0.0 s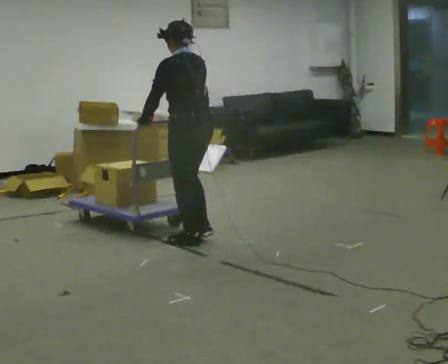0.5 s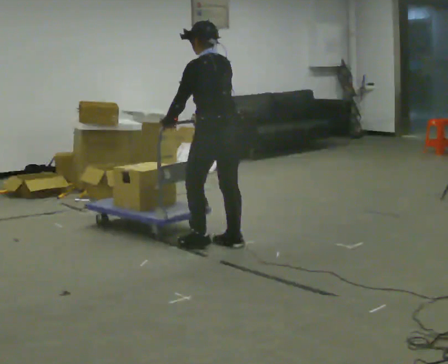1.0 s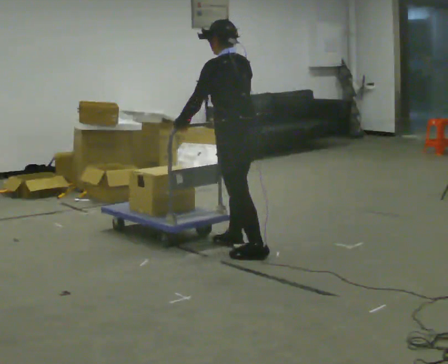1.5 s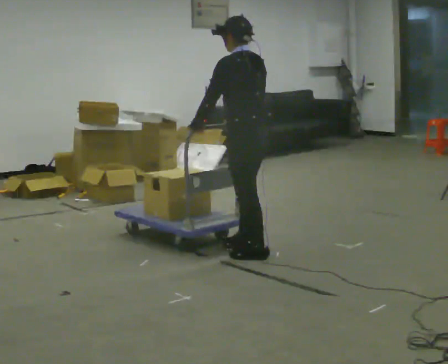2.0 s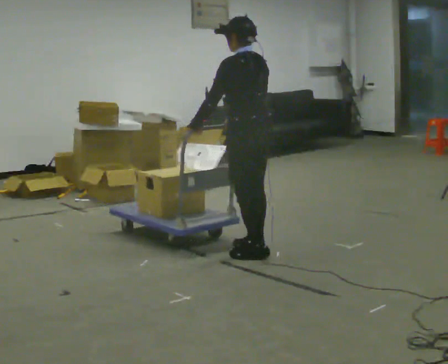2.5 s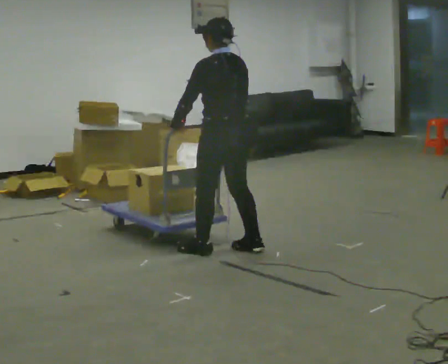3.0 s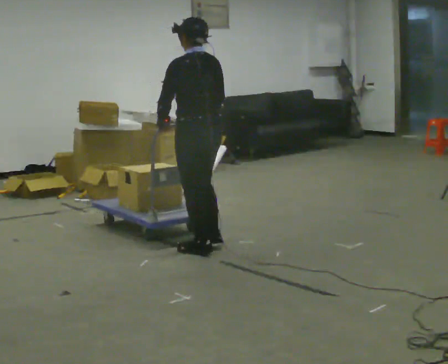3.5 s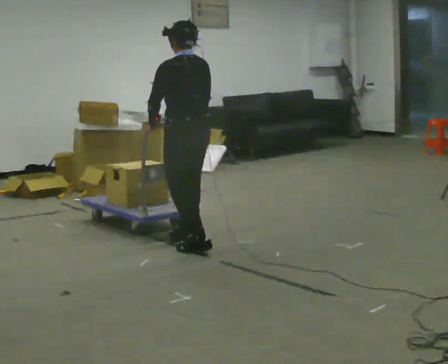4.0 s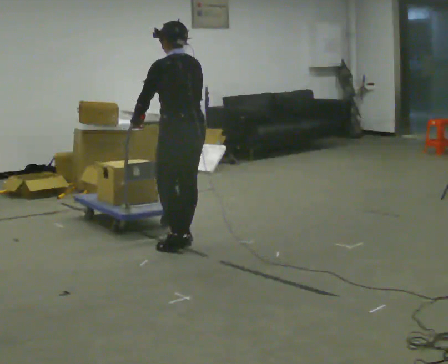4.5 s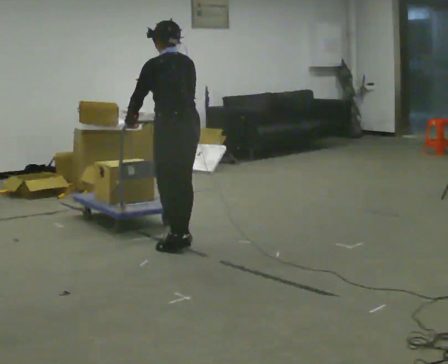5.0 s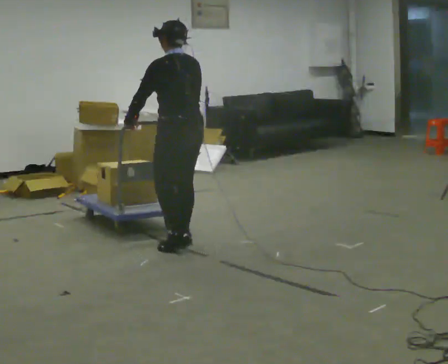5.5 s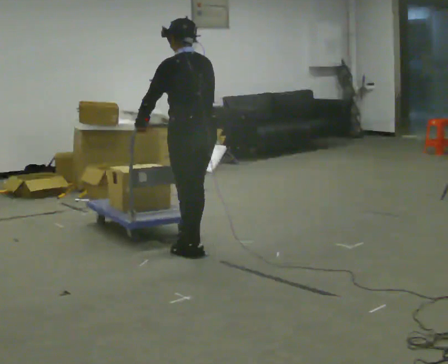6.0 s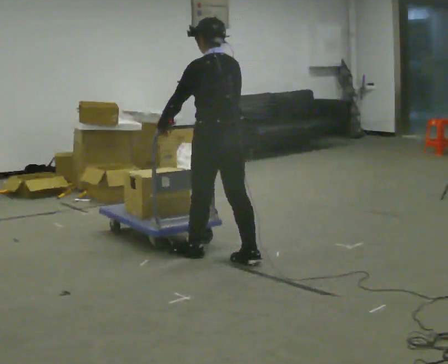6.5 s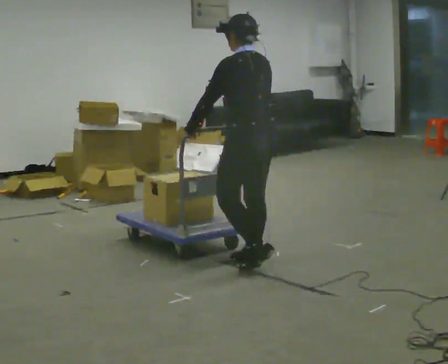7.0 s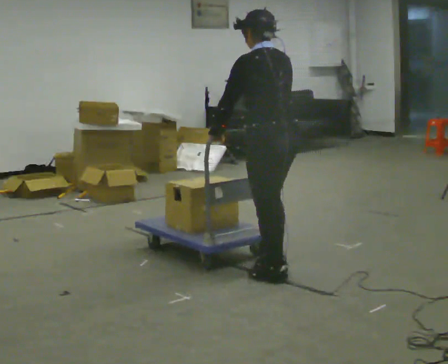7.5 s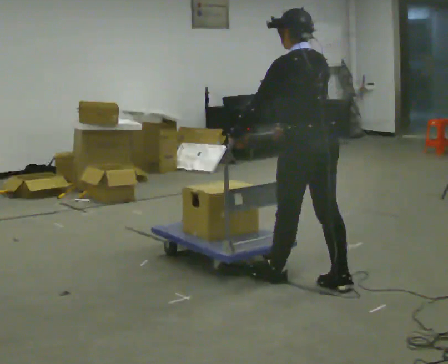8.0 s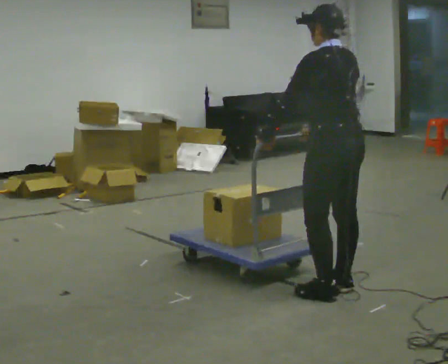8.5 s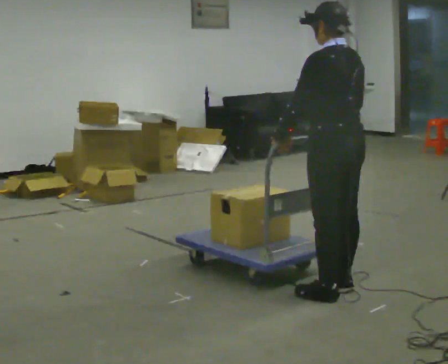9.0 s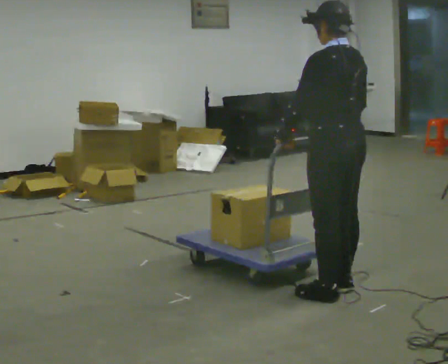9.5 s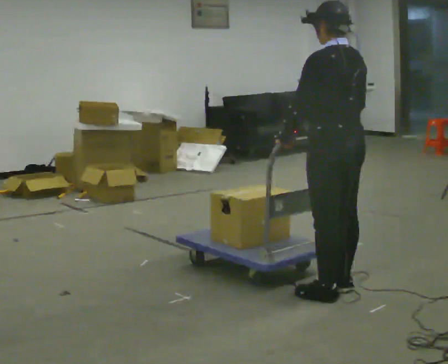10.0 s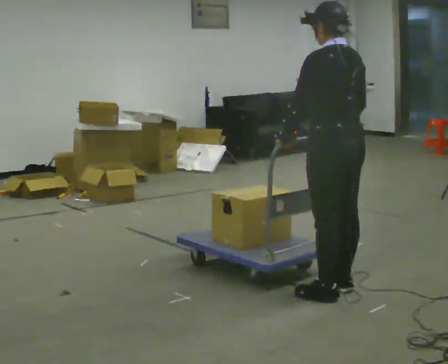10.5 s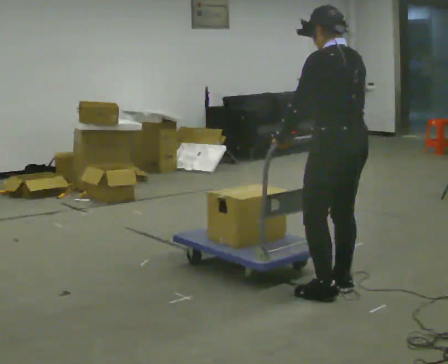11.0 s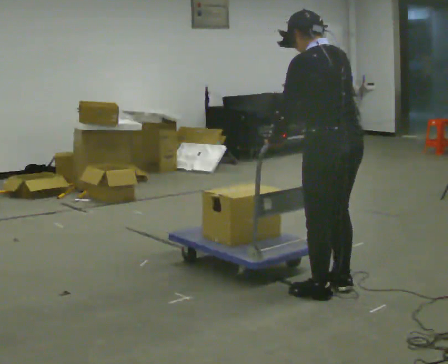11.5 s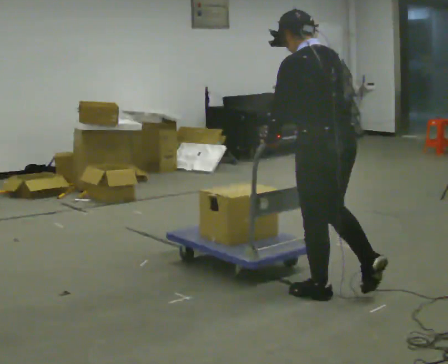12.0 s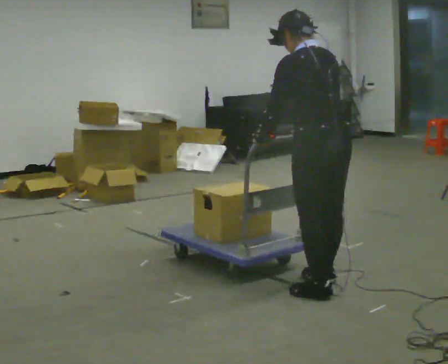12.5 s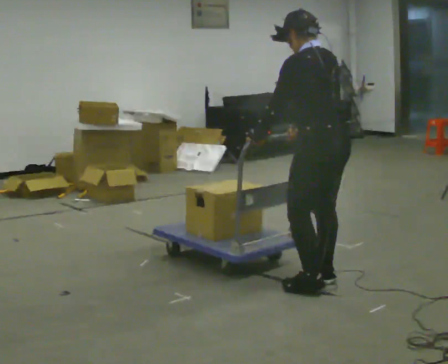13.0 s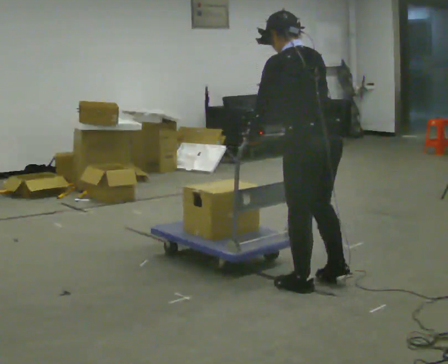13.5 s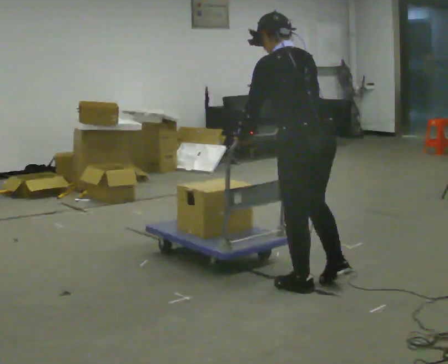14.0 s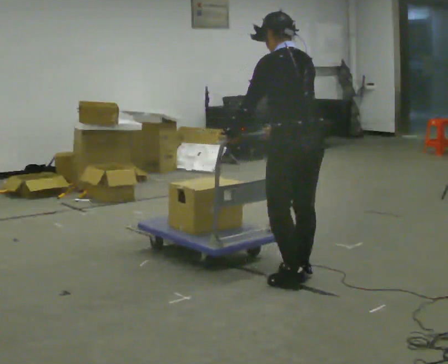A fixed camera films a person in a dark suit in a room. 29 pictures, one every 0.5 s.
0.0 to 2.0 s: In the picture they go to the right and toward the camera, about 0.5 m in 2 steps, which for them is backward.
2.0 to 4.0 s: In the picture they go to the left, about 0.5 m in 2 steps, which for them is forward.
4.0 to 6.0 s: In the picture they go toward the camera and to the right, about 0.5 m in 2 steps, which for them is backward.
6.0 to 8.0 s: In the picture they go to the right and toward the camera, about 1 m in 3 steps, which for them is backward.
8.0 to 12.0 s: The person moves a little, or ends about where they began.
12.0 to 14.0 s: In the picture they go away from the camera, about 0.25 m in 4 steps, which for them is forward.
The film runs backward here.
